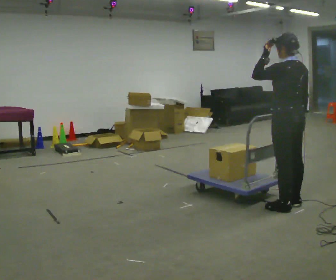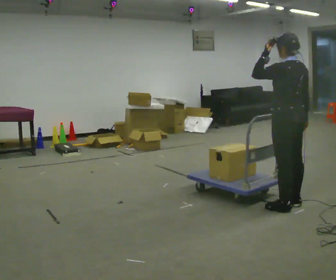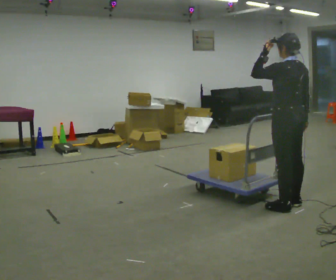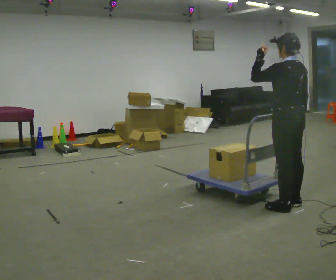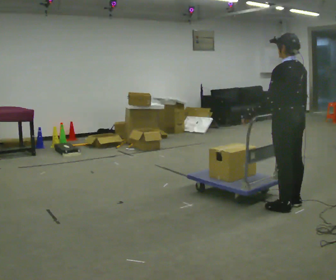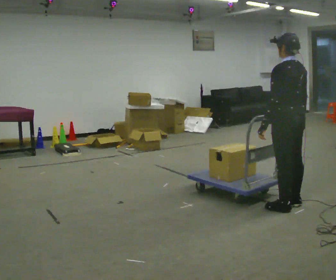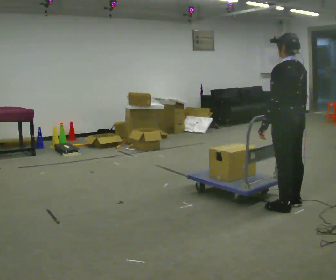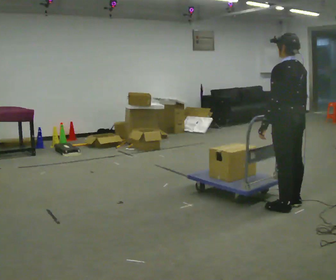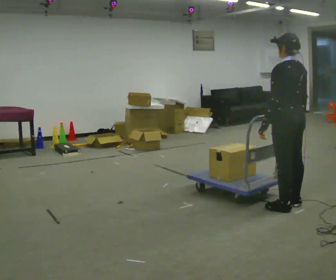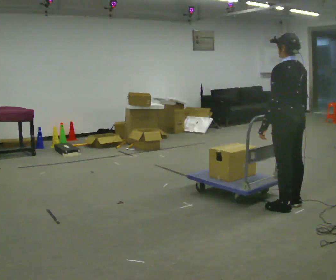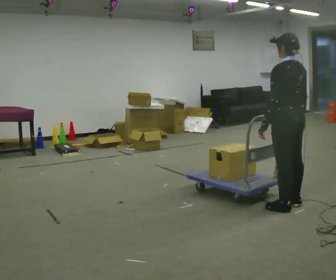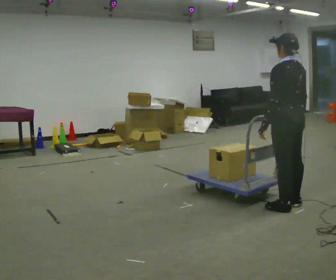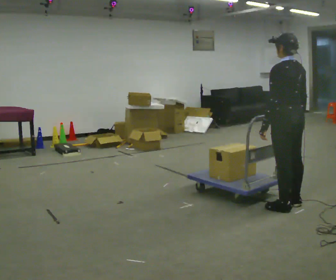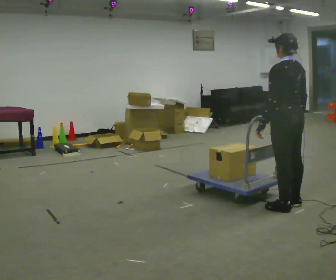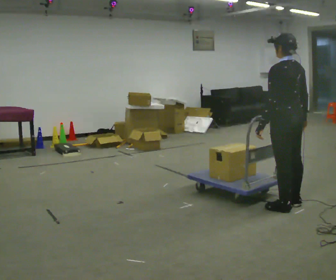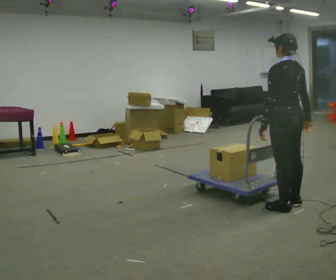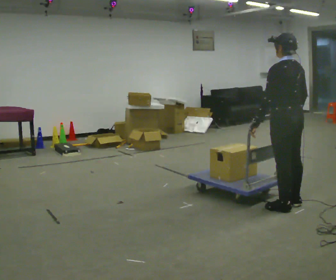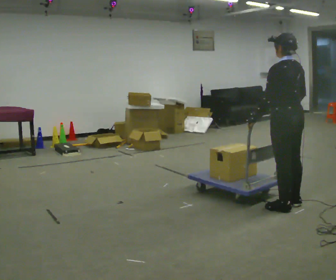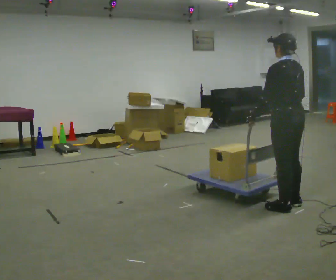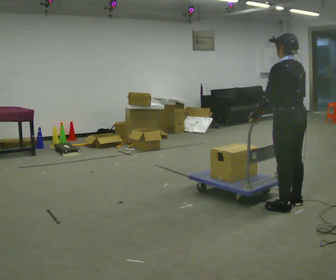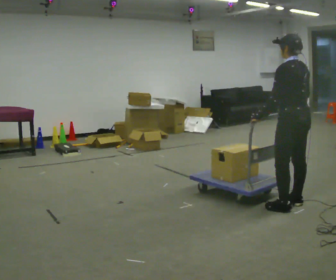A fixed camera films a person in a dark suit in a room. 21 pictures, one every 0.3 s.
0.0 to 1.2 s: In the picture their left hand goes downward.
1.2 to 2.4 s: The person moves a little, or ends about where they began.
2.4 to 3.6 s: The person keeps their place and pose.
3.6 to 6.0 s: The person moves a little, or ends about where they began.
The film runs backward here.
